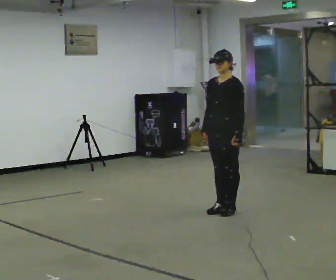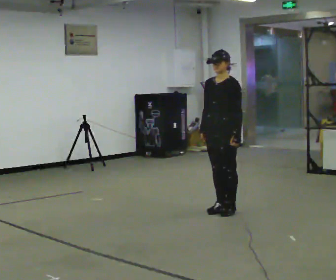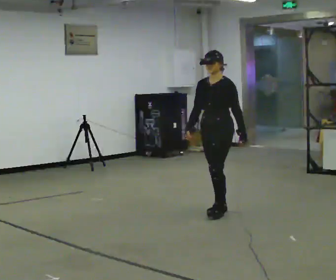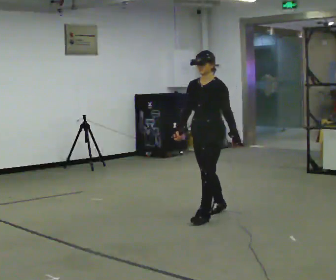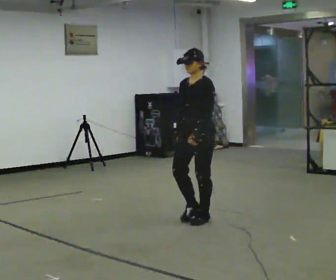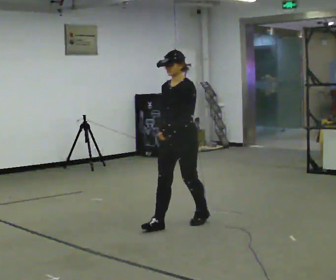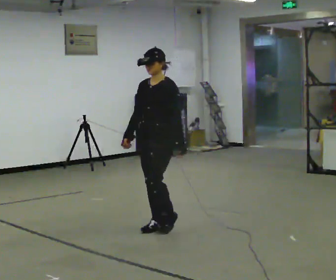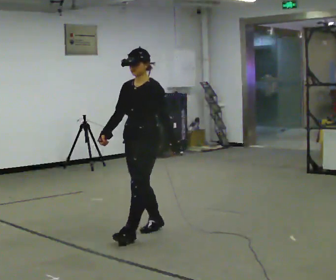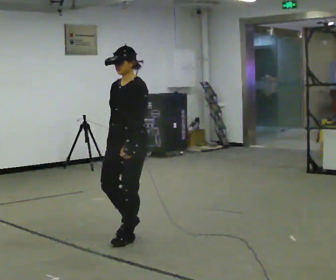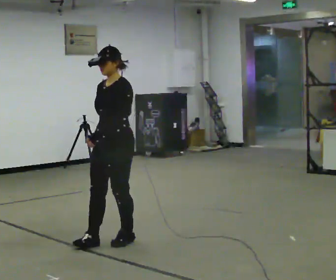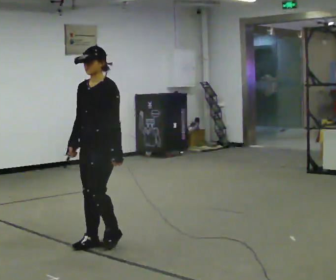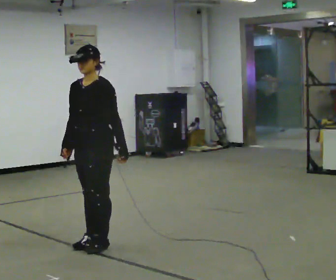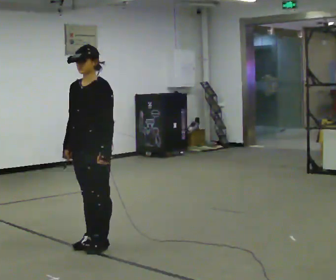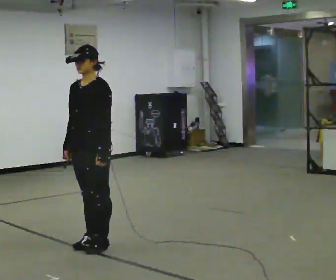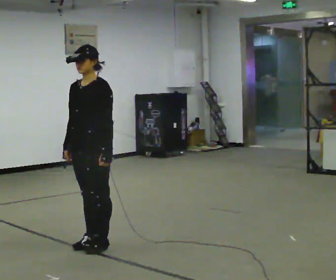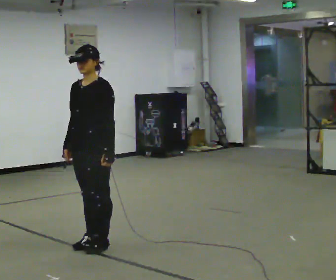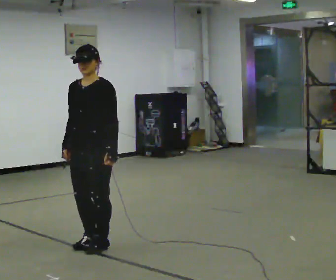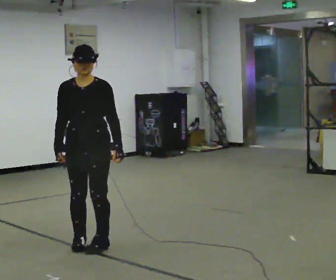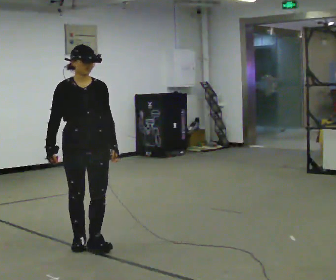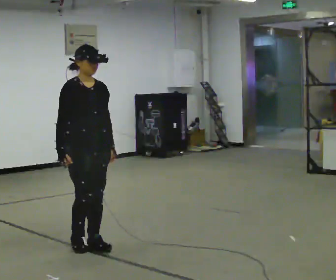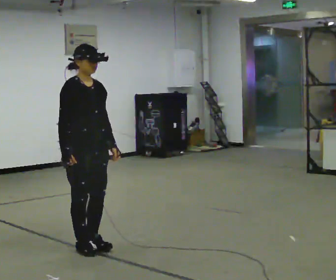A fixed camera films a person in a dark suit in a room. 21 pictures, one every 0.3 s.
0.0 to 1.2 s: In the picture they go to the left and toward the camera, about 0.5 m in 1 step, which for them is forward.
1.2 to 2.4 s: In the picture they go to the left and toward the camera, about 1 m in 2 steps, which for them is forward.
2.4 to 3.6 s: In the picture they go to the left and toward the camera, about 0.25 m in 2 steps, which for them is forward.
3.6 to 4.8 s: The person moves a little, or ends about where they began.
4.8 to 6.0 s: The part of the body nearest the lens slides to the right as the person turns to their left by about 75 degrees.
The film runs forward here.
